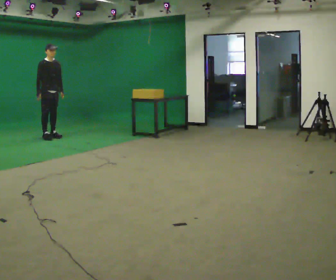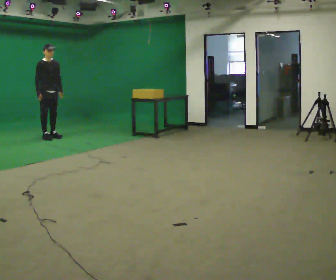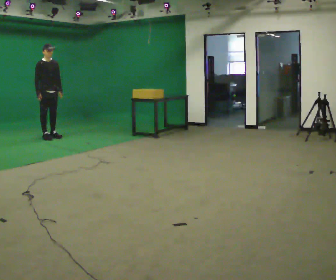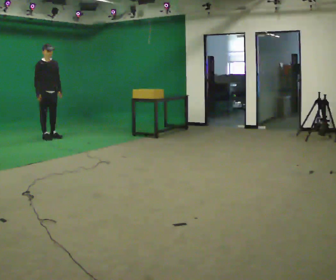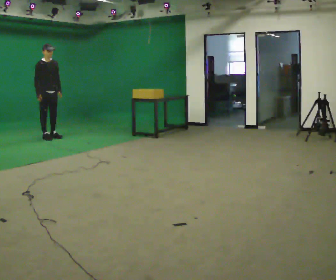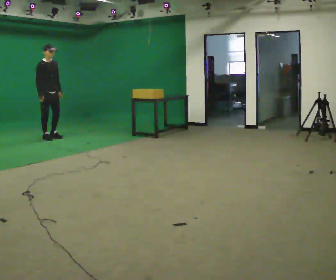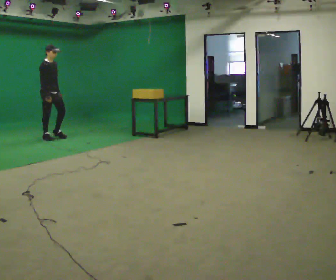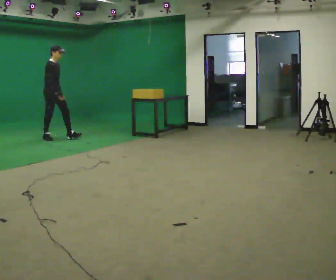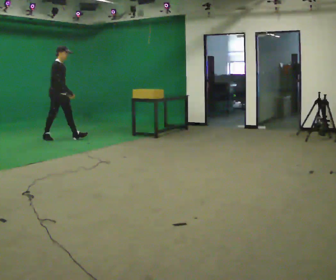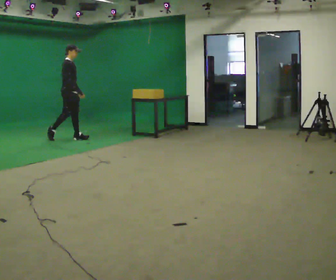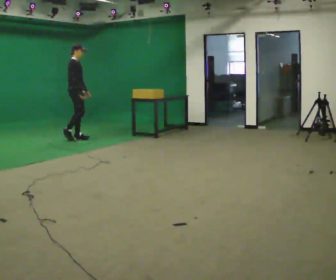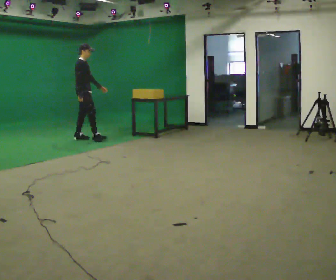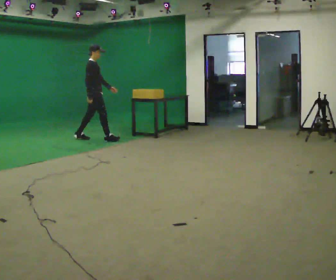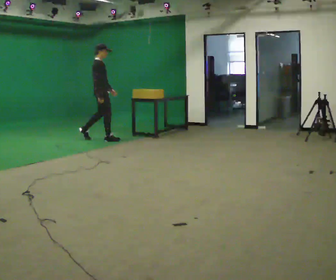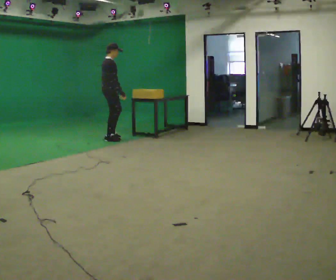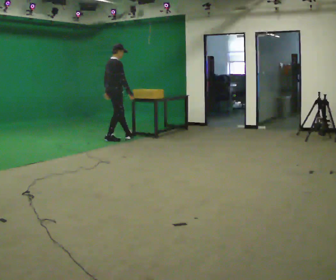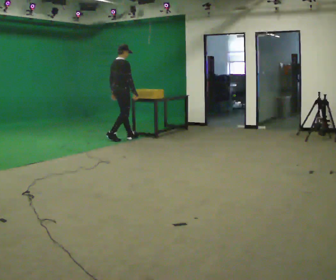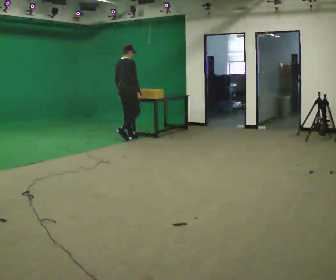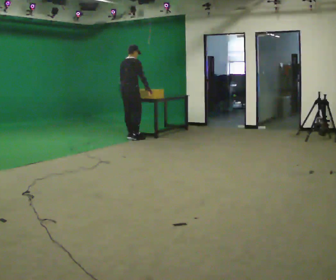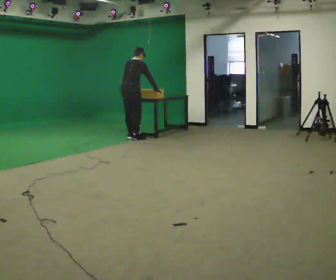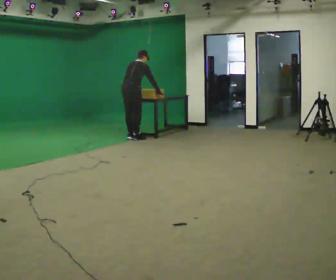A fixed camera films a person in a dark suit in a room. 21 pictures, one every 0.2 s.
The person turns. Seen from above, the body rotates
counterclockwise.
The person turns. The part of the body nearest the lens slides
to the right.
0.0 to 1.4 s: The part of the body nearest the lens slides to the right as the person turns to their left by about 30 degrees. In the picture their right hand goes to the right.
1.4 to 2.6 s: In the picture they go to the right, about 1 m in 2 steps, which for them is forward.
2.6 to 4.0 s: The part of the body nearest the lens slides to the right as the person turns to their left by about 45 degrees. In the picture they go to the right, about 0.5 m in 2 steps, which for them is forward and to their right. The upper body tips away from the camera, its near side rolling upward, as they bend forward.
The film runs forward here.
